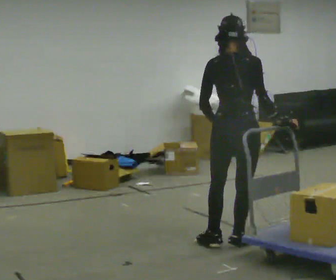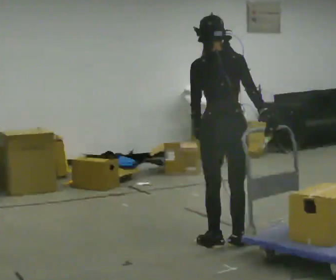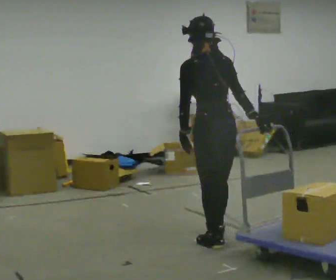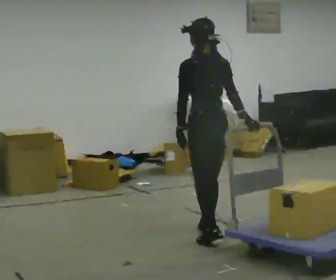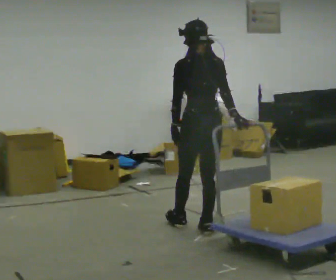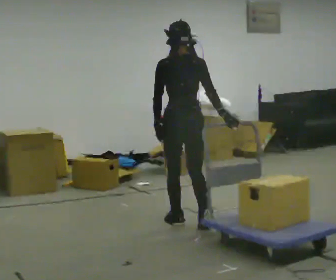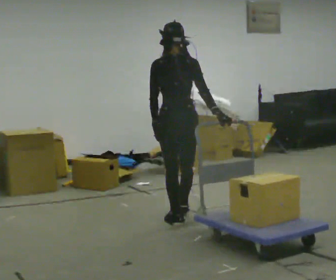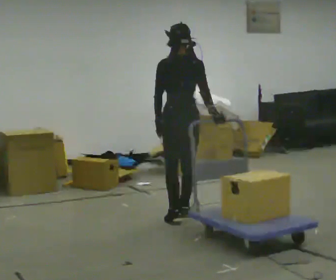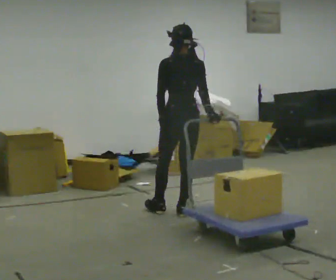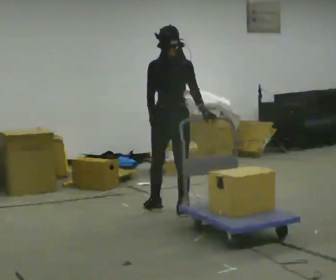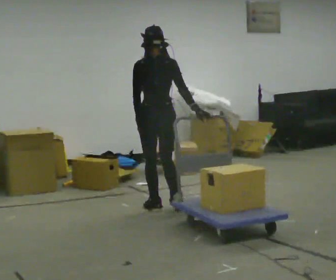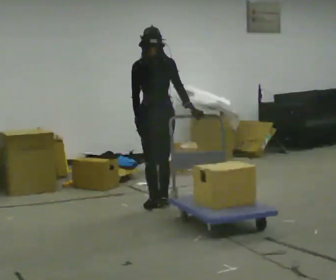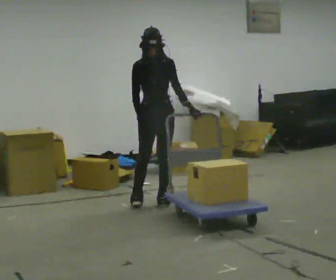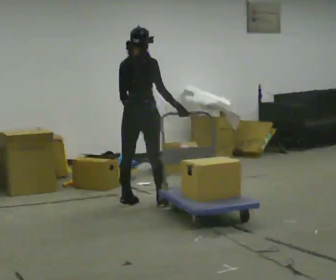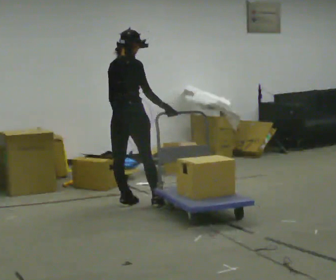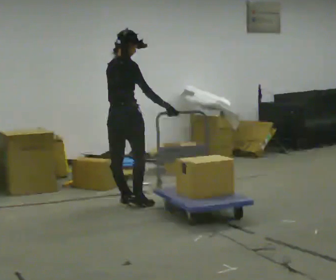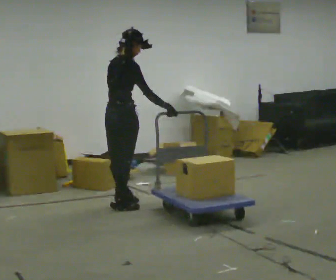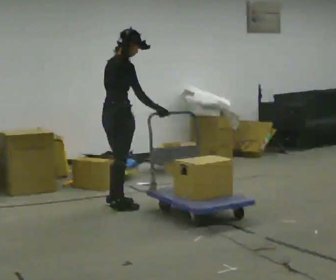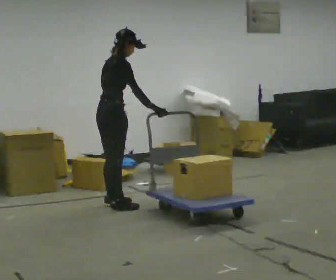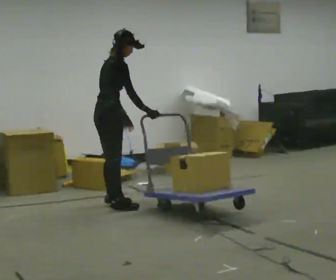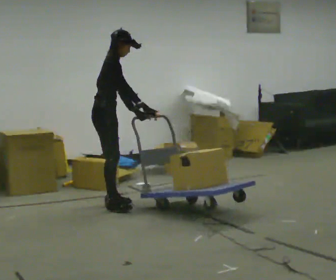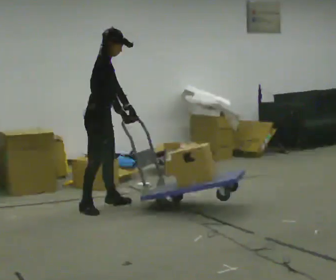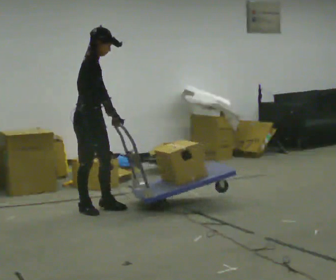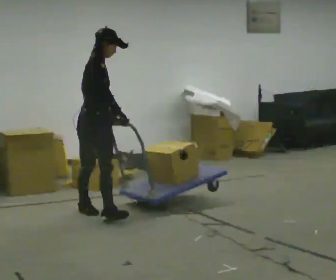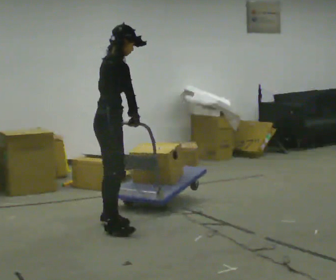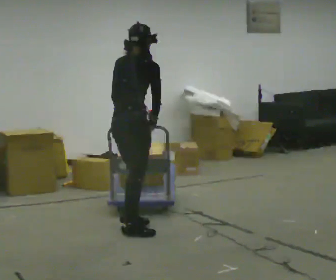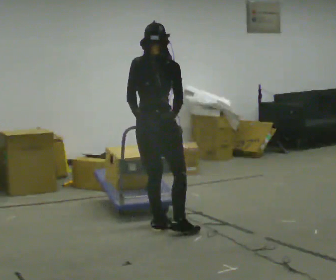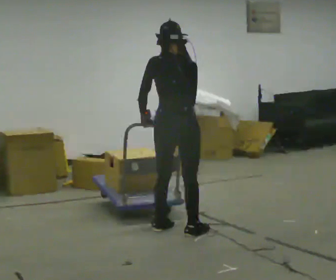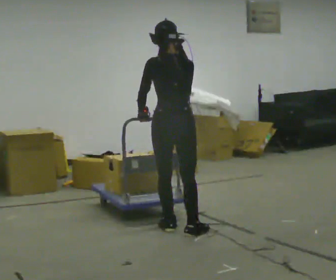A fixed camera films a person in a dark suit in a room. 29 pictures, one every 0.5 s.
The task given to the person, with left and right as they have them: Pull the cart behind you as you walk backward across the room. The operator will confirm the space behind you is clear before each take.
0.0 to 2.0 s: The part of the body nearest the lens slides to the right as the person turns to their left by about 30 degrees. In the picture they go away from the camera and to the left, about 0.5 m in 2 steps, which for them is forward.
2.0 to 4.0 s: In the picture they go away from the camera, about 0.5 m in 2 steps, which for them is forward.
4.0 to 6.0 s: In the picture they go away from the camera and to the left, about 0.5 m in 2 steps, which for them is forward and to their left.
6.0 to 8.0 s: The person turns about 60 degrees to their right, clockwise seen from above, so the part of the body nearest the lens slides to the left. In the picture they go to the left, about 0.25 m in 2 steps, which for them is backward and to their left.
8.0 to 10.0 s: The person turns about 30 degrees to their right, clockwise seen from above, so the part of the body nearest the lens slides to the left.
10.0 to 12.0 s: In the picture they go toward the camera, about 0.75 m in 2 steps, which for them is to their right and forward.
12.0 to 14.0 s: Seen from above the body turns counterclockwise, about 90 degrees: to their left, with its near side sliding to the right. In the picture they go to the right and toward the camera, about 0.5 m in 3 steps.
The film runs forward here.
